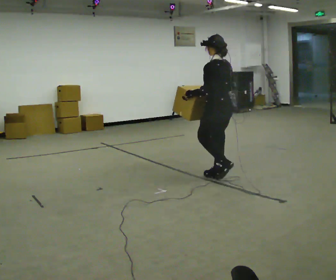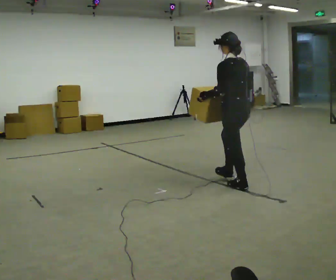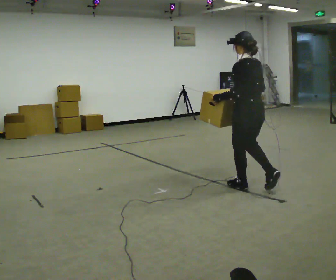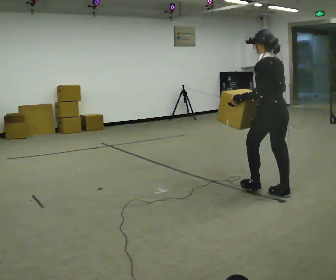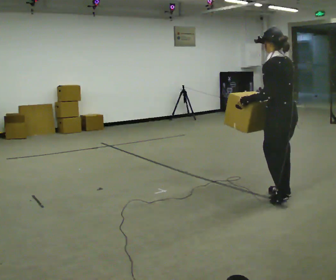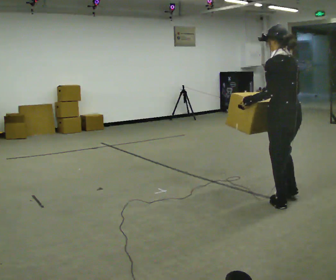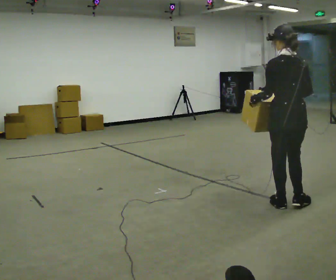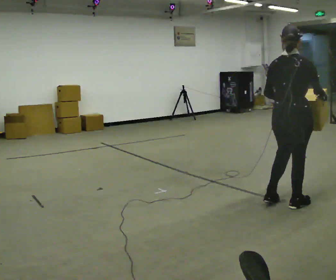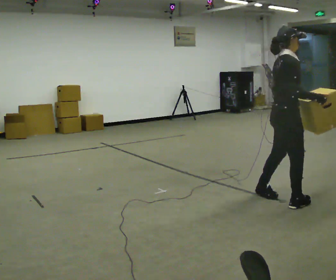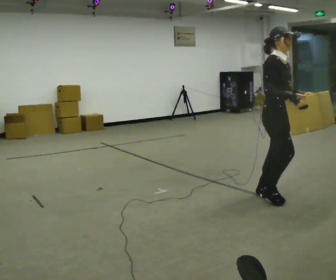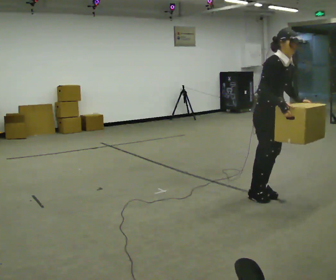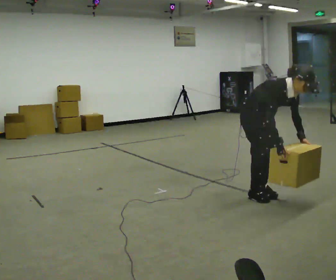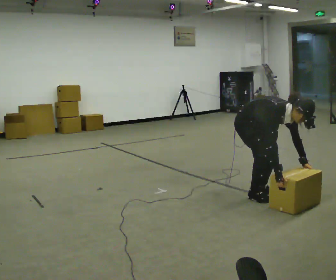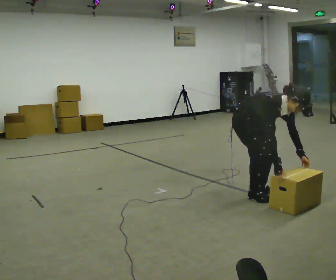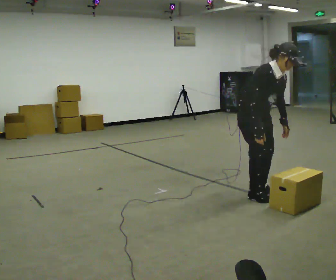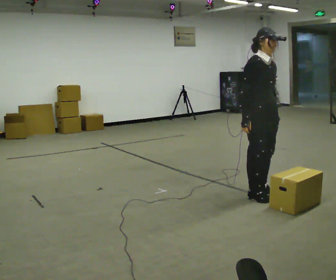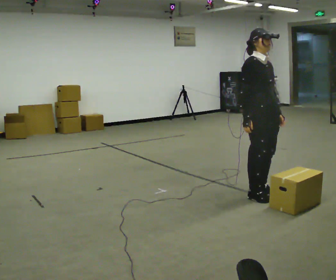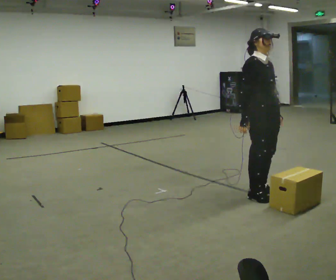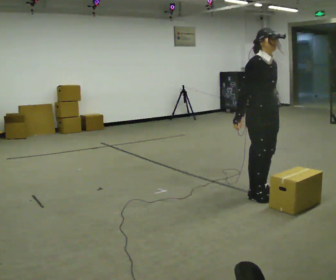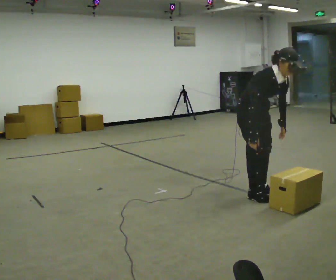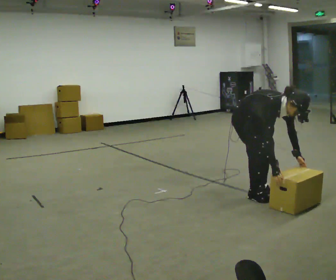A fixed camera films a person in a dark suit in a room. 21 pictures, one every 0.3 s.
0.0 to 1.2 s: In the picture they go to the right and toward the camera, about 1 m in 2 steps, which for them is backward.
1.2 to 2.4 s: The person turns about 120 degrees to their right, clockwise seen from above, so the part of the body nearest the lens slides to the left. In the picture their right hand goes to the right.
2.4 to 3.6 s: Seen from above the body turns clockwise, about 60 degrees: to their right, with its near side sliding to the left. In the picture they go to the left and away from the camera, about 0.5 m in 1 step, which for them is backward. The shoulders move downward. In the picture the upper body tilts clockwise, shoulders to the right, as they bend forward. In the picture their right hand goes downward.
3.6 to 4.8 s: The shoulders move upward. In the picture the upper body tilts counterclockwise, shoulders to the left, as they lean back or straighten. In the picture their left hand goes upward.
4.8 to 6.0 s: The shoulders move downward. In the picture the upper body tilts clockwise, shoulders to the right, as they bend forward. In the picture their right hand goes downward.
The film runs backward here.
